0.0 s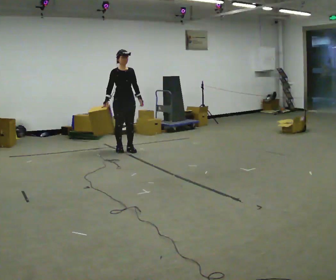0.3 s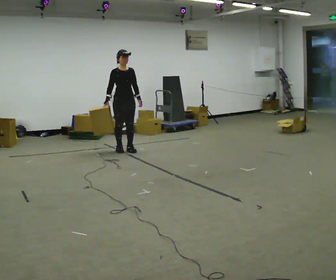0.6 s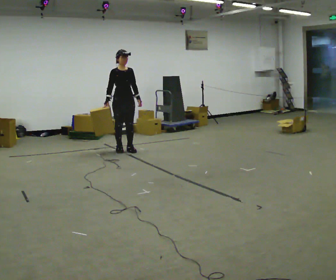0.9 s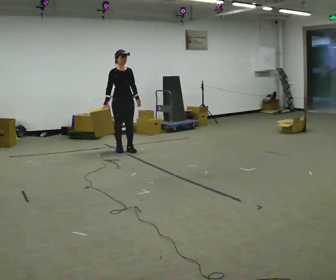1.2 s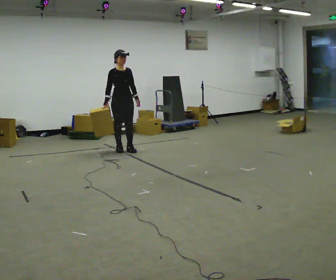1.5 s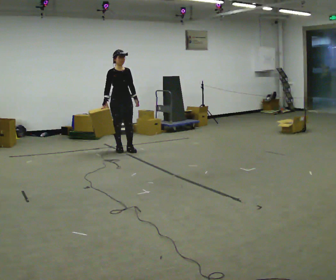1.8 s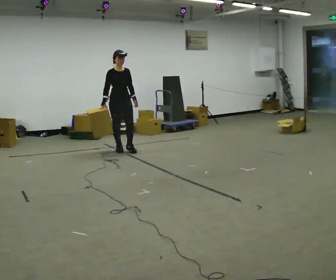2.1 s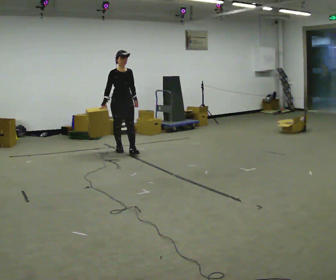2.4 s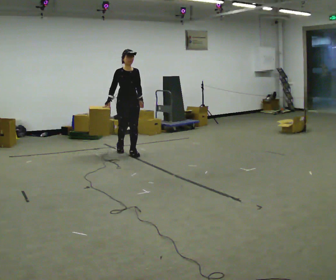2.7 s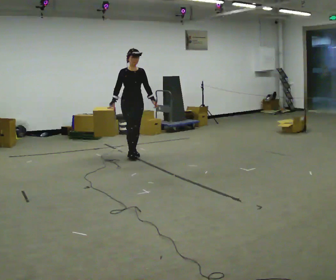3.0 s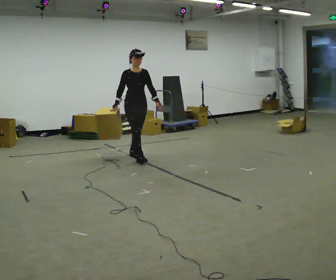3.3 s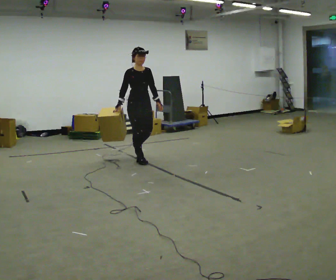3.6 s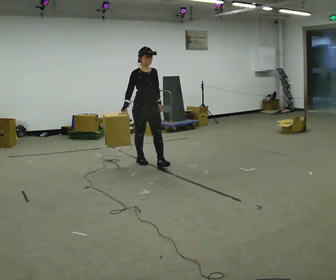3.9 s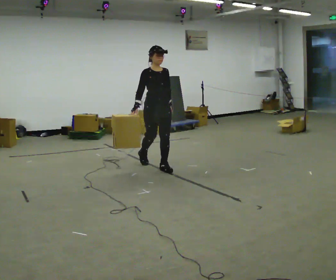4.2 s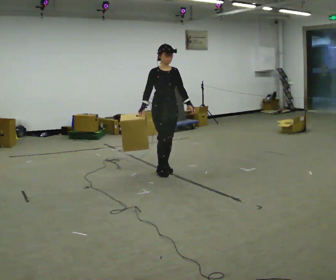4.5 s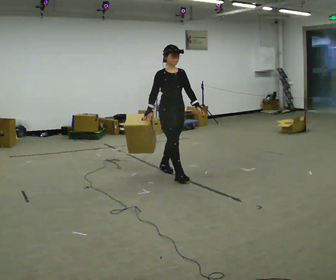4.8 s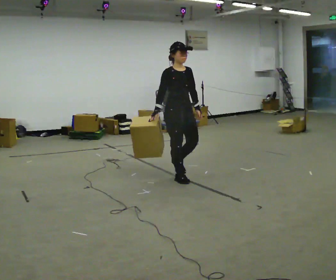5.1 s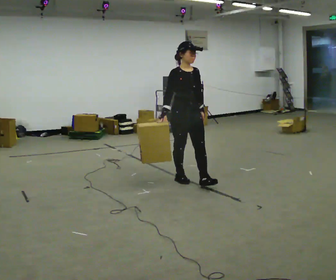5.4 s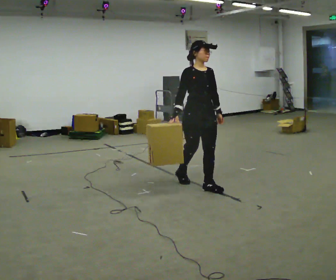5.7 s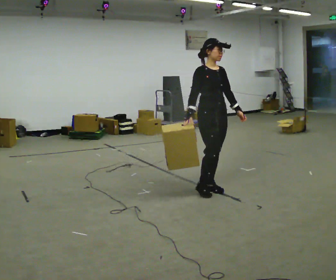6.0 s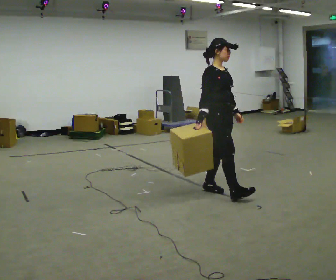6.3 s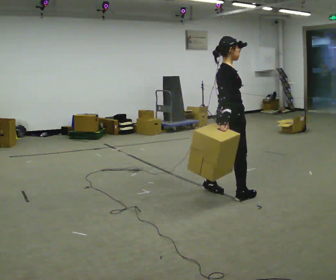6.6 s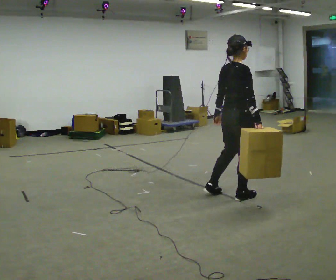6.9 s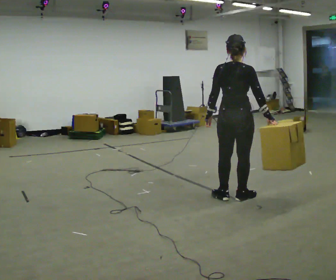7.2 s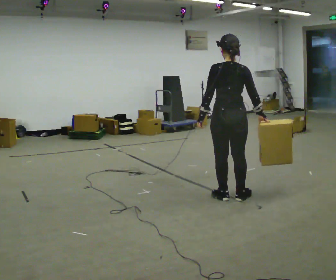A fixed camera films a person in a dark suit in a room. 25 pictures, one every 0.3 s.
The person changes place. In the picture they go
toward the camera.
0.0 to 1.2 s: The person moves a little, or ends about where they began.
1.2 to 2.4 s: In the picture they go toward the camera, about 0.25 m in 1 step, which for them is forward.
2.4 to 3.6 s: In the picture they go toward the camera and to the right, about 0.5 m in 1 step, which for them is forward.
3.6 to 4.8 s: In the picture they go toward the camera and to the right, about 1 m in 2 steps, which for them is forward.
4.8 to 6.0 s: In the picture they go toward the camera and to the right, about 0.75 m in 1 step, which for them is forward.
6.0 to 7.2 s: The person turns about 120 degrees to their left, counterclockwise seen from above, so the part of the body nearest the lens slides to the right. In the picture they go toward the camera, about 0.25 m in 2 steps.
The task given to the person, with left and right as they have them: Carry the box across the room, stopping and starting again each time the operator says stop and go. Do not set the box down.
The film runs forward here.
